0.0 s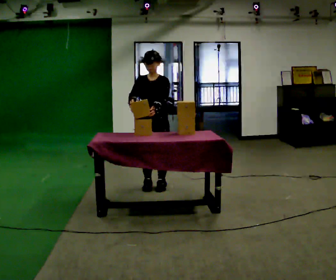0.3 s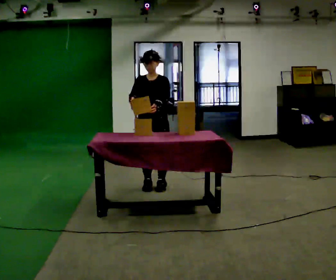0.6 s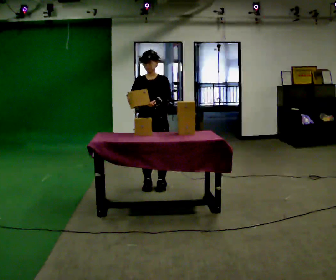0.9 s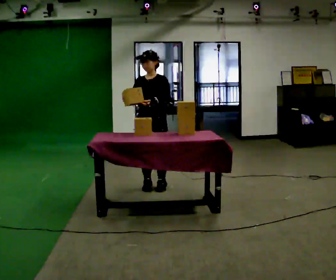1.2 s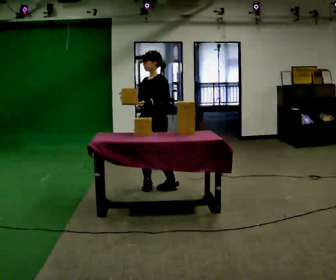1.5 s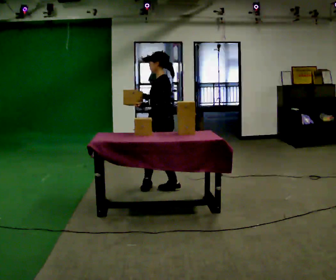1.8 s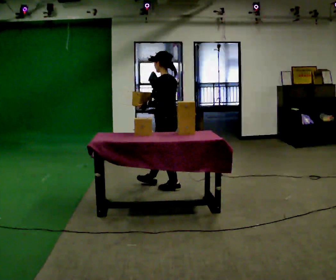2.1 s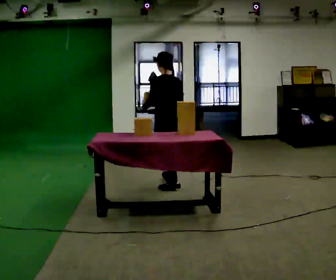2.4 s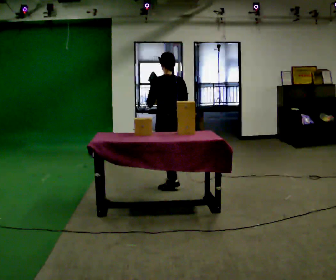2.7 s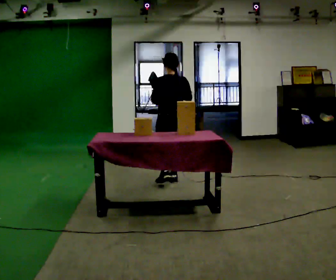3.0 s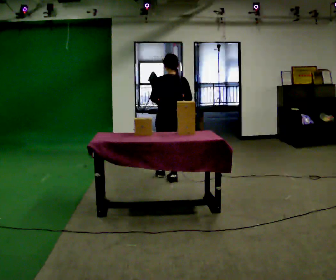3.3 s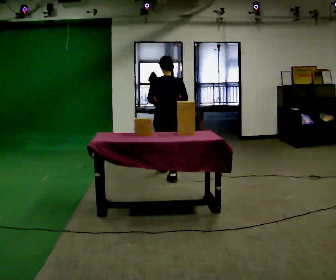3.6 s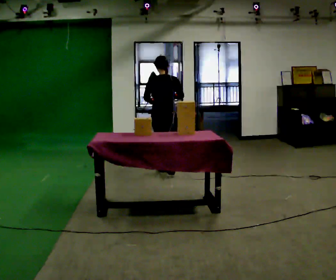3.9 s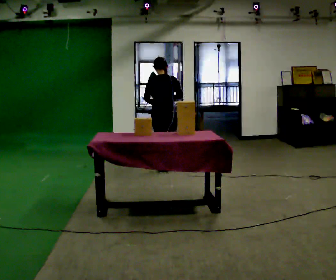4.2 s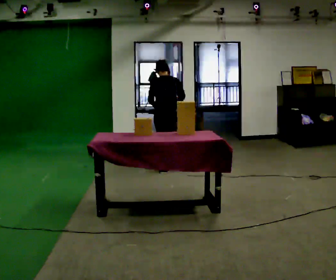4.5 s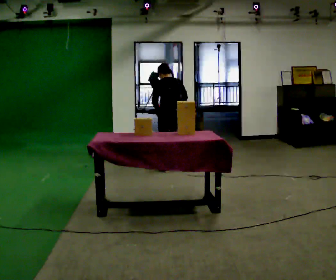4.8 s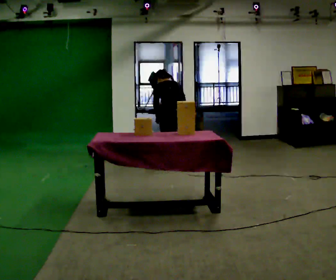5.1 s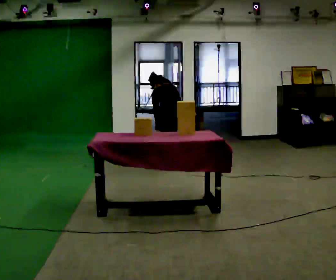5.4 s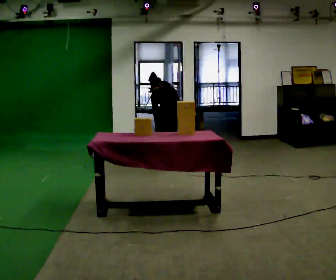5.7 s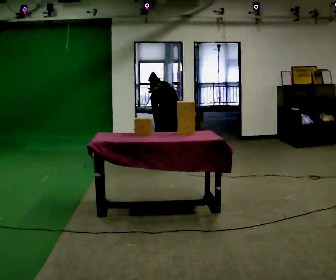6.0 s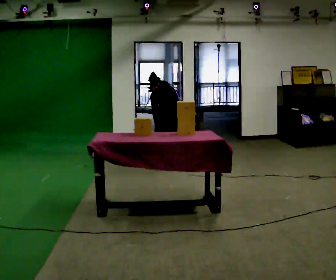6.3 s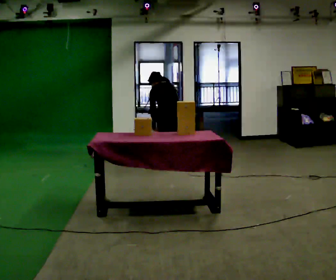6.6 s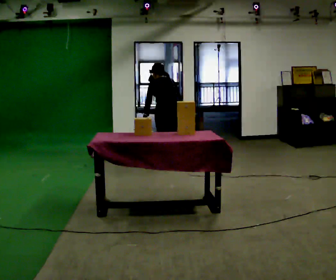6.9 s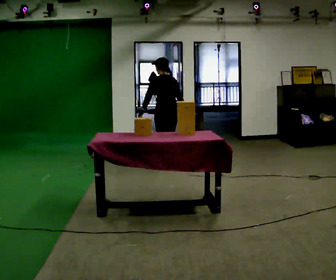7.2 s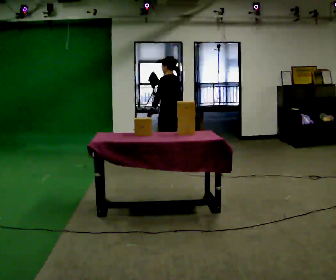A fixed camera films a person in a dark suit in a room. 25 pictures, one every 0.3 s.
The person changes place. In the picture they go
away from the camera.
0.0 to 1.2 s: The part of the body nearest the lens slides to the left as the person turns to their right by about 45 degrees.
1.2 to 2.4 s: The person turns about 105 degrees to their right, clockwise seen from above, so the part of the body nearest the lens slides to the left. In the picture they go to the right and away from the camera, about 0.25 m in 2 steps.
2.4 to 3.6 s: The part of the body nearest the lens slides to the left as the person turns to their right by about 30 degrees. In the picture they go away from the camera, about 0.5 m in 1 step, which for them is forward.
3.6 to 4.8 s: In the picture they go away from the camera, about 0.25 m in 2 steps, which for them is forward and to their right. The upper body tips away from the camera, its near side rolling upward, as they bend forward.
4.8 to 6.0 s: The person moves a little, or ends about where they began.
6.0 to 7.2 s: The person turns about 30 degrees to their left, counterclockwise seen from above, so the part of the body nearest the lens slides to the right. The upper body goes upward. The upper body tips toward the camera, its near side rolling downward, as they lean back or straighten.
The film runs forward here.
